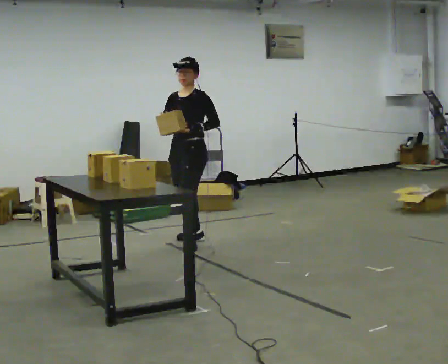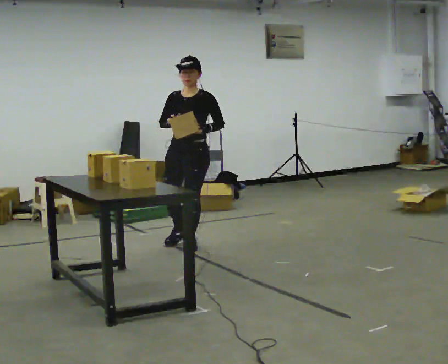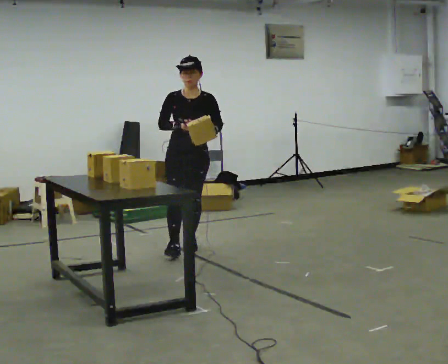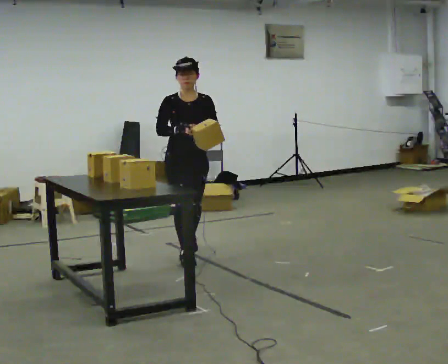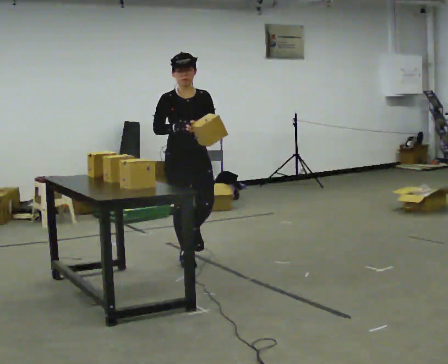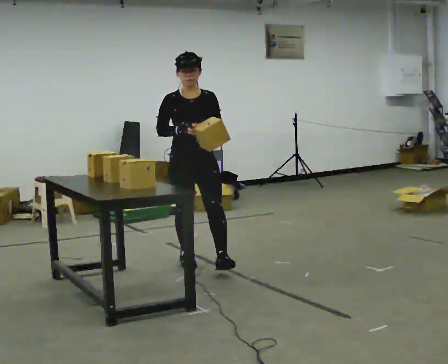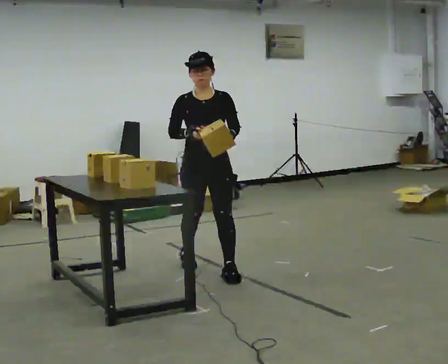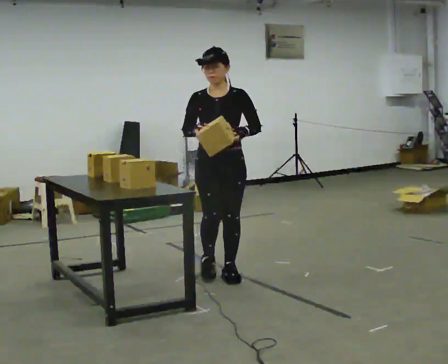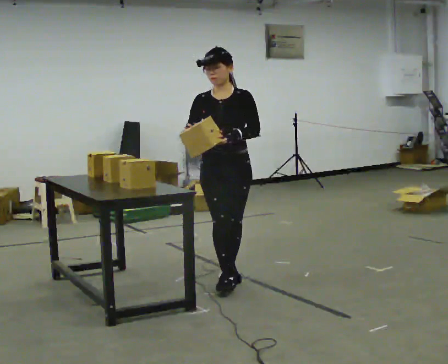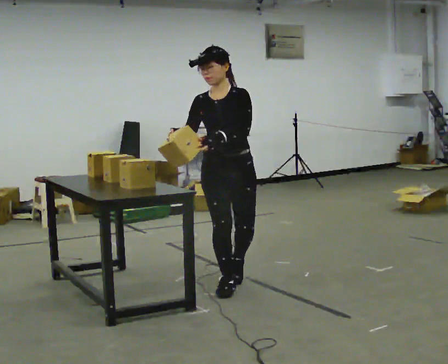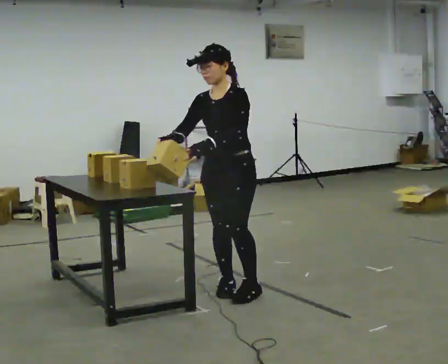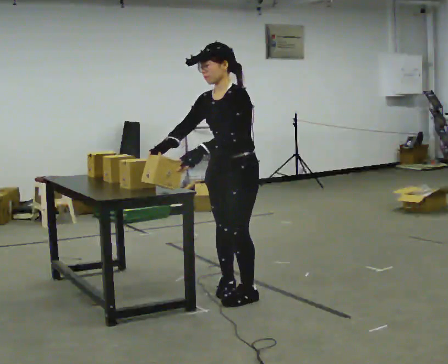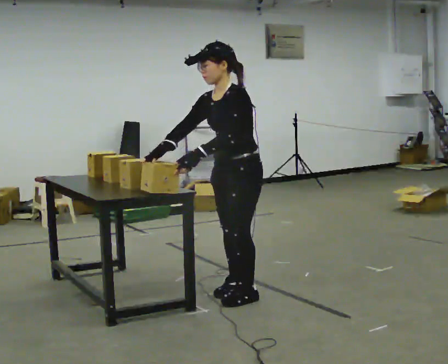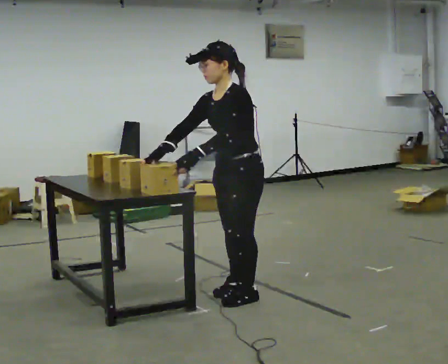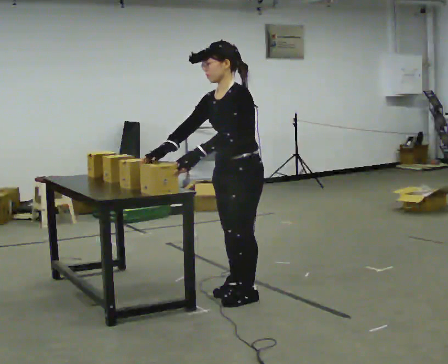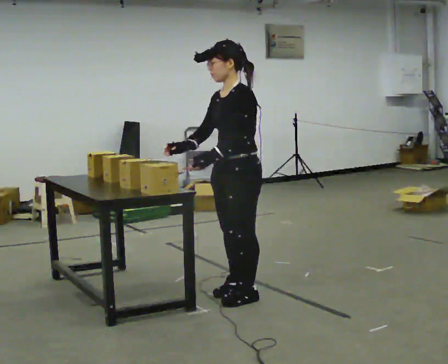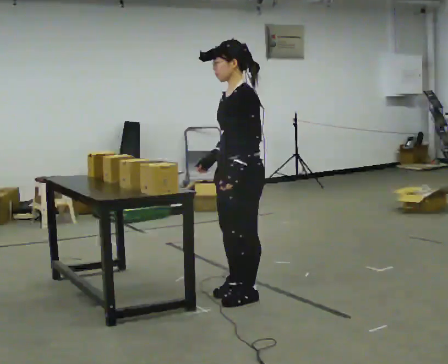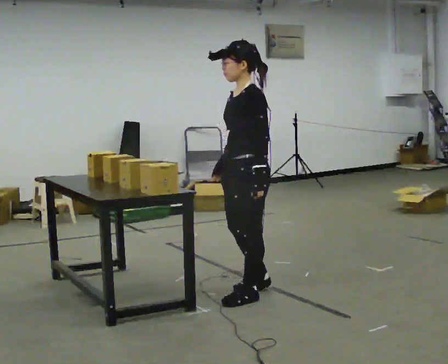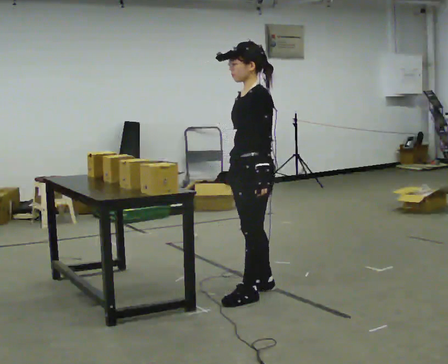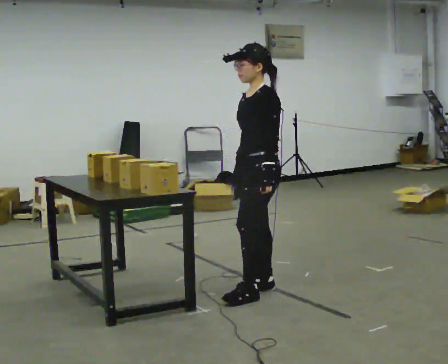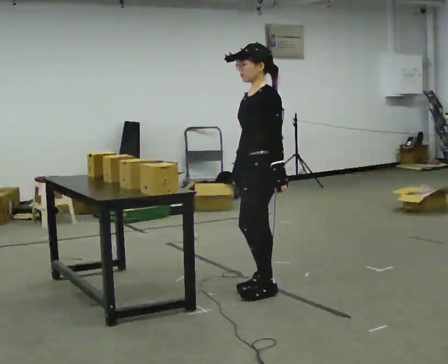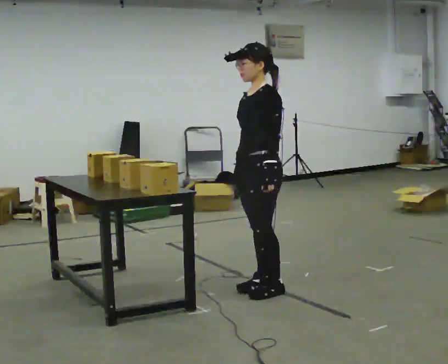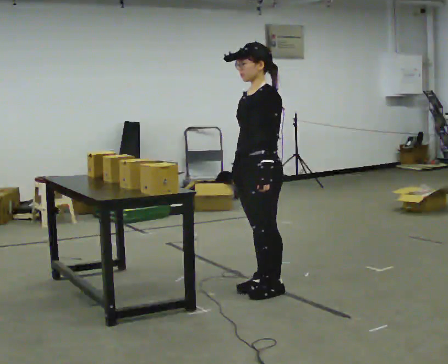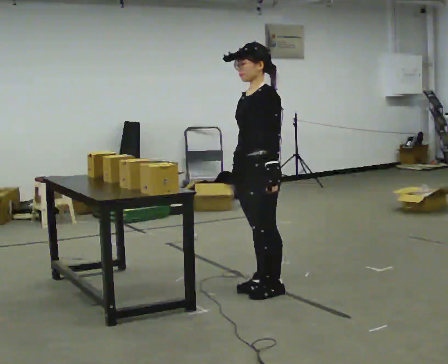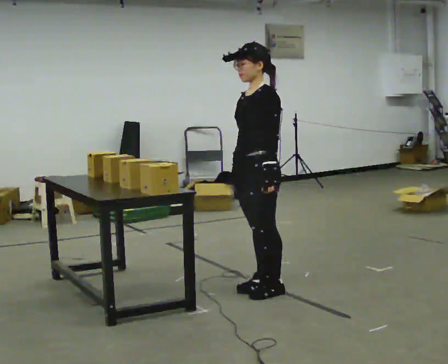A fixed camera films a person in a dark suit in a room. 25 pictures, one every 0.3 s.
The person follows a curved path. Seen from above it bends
counterclockwise.
The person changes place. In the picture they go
toward the camera.
0.0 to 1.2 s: The person turns about 60 degrees to their left, counterclockwise seen from above, so the part of the body nearest the lens slides to the right. In the picture they go toward the camera, about 0.5 m in 1 step.
1.2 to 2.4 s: In the picture they go toward the camera and to the right, about 0.75 m in 2 steps, which for them is forward and to their left.
2.4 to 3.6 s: The person turns about 60 degrees to their right, clockwise seen from above, so the part of the body nearest the lens slides to the left. In the picture they go toward the camera, about 0.5 m in 1 step, which for them is to their left and forward.
3.6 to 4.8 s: In the picture their right hand goes to the right.
4.8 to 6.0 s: In the picture they go away from the camera, about 0.25 m in 1 step, which for them is to their right and backward.
6.0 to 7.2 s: The person moves a little, or ends about where they began.
The film runs forward here.
